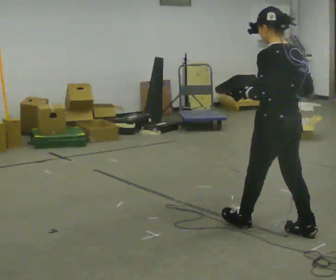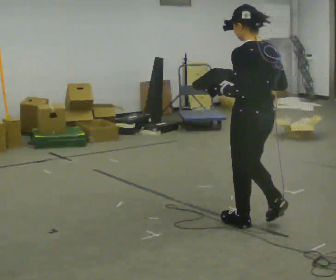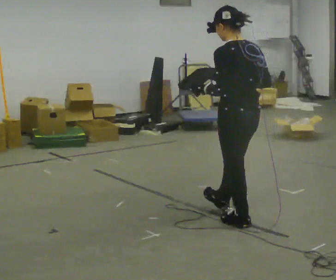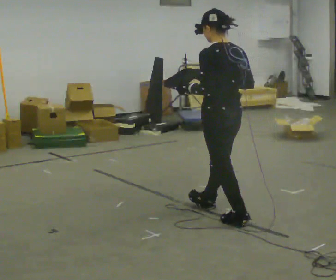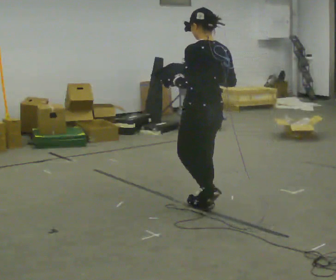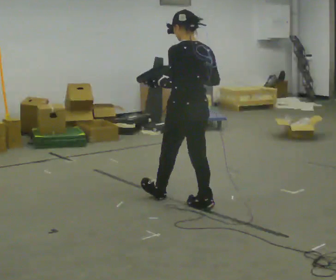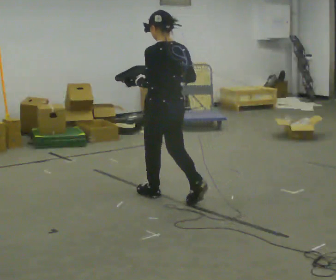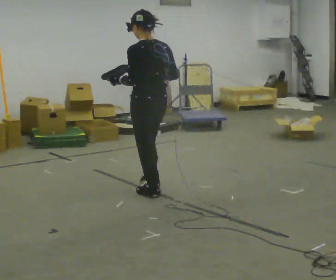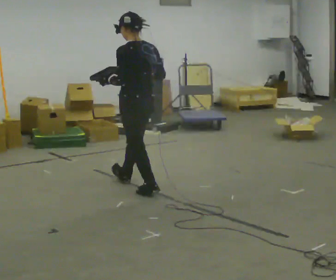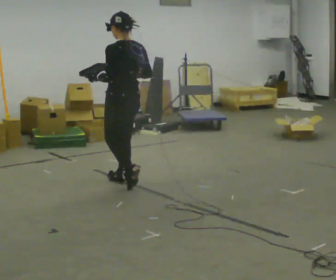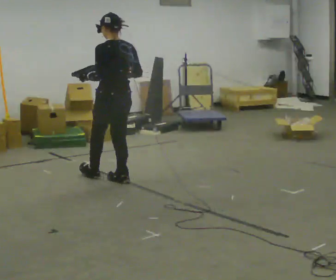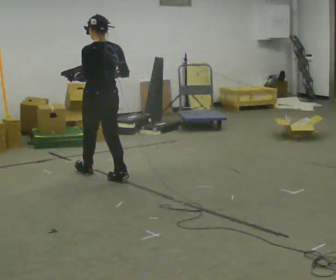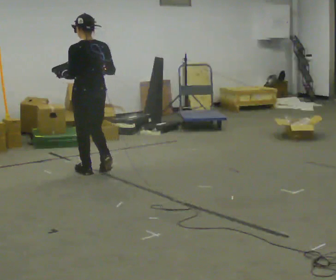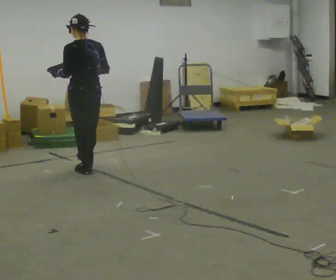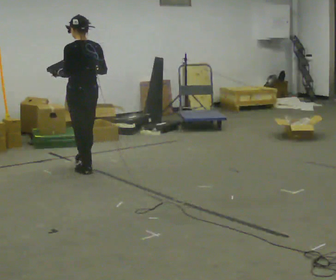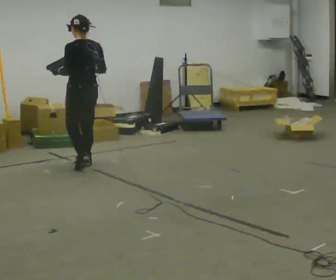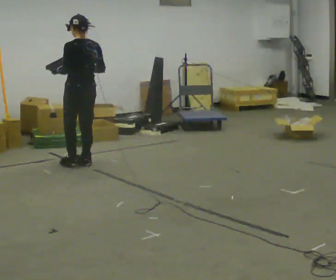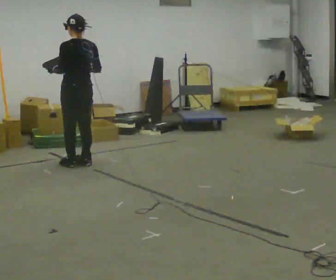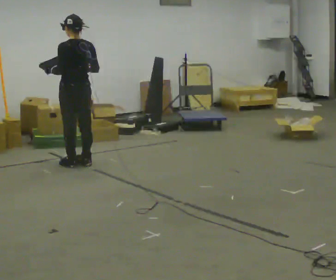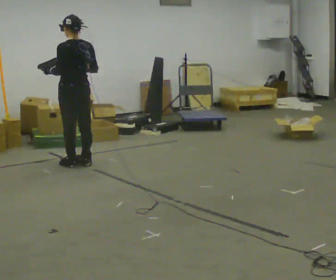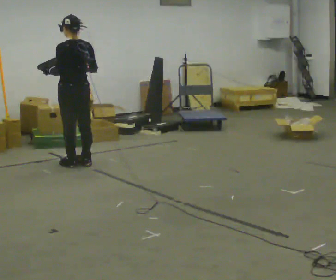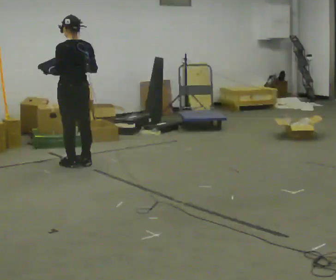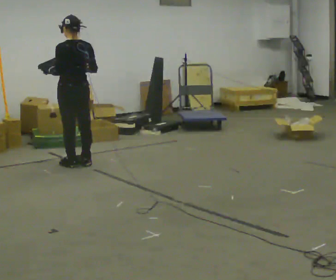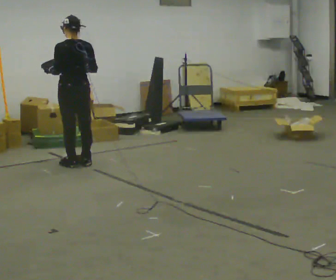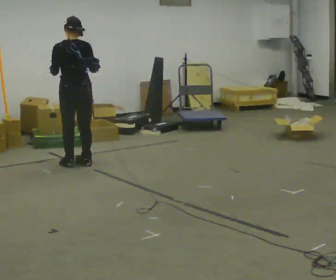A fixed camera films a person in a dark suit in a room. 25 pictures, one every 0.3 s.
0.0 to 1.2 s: In the picture they go away from the camera and to the left, about 0.75 m in 1 step, which for them is forward.
1.2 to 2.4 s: In the picture they go away from the camera and to the left, about 0.5 m in 2 steps, which for them is forward.
2.4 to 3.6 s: In the picture they go away from the camera and to the left, about 0.75 m in 1 step, which for them is forward.
3.6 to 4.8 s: In the picture they go away from the camera, about 0.25 m in 1 step, which for them is forward.
4.8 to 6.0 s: The person moves a little, or ends about where they began.
6.0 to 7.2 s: The person turns about 30 degrees to their right, clockwise seen from above, so the part of the body nearest the lens slides to the left.
The film runs forward here.
